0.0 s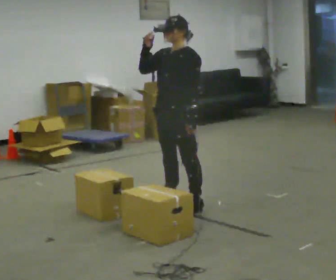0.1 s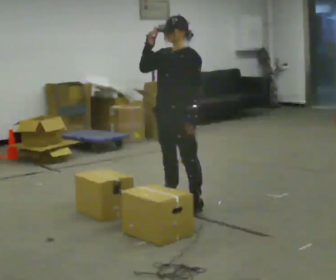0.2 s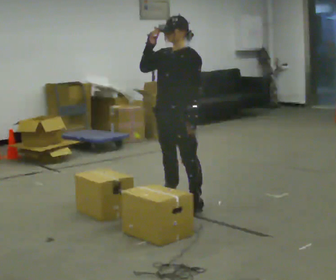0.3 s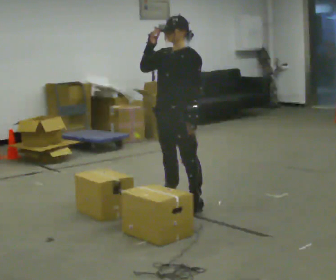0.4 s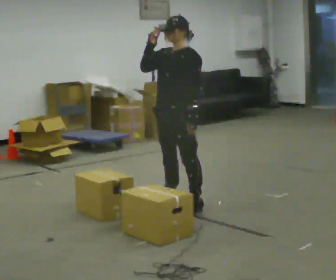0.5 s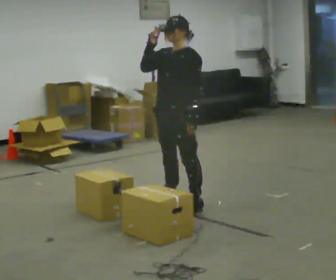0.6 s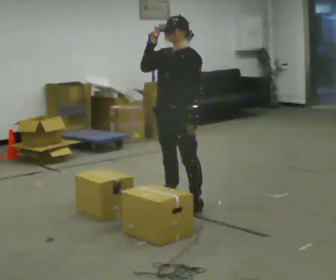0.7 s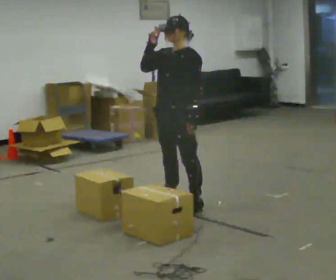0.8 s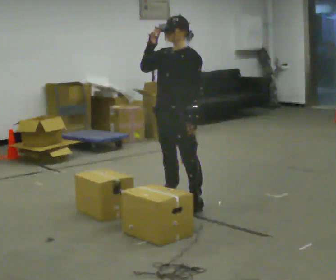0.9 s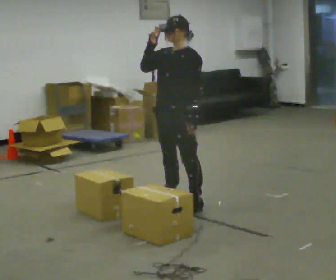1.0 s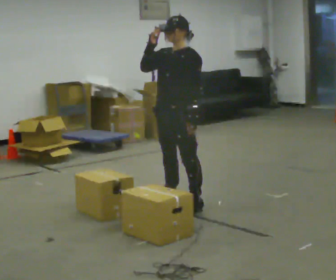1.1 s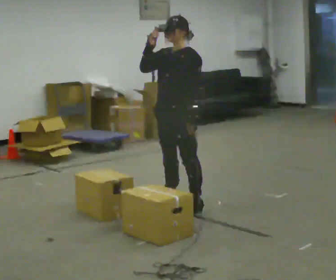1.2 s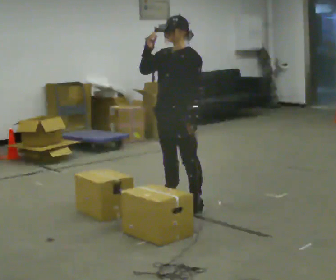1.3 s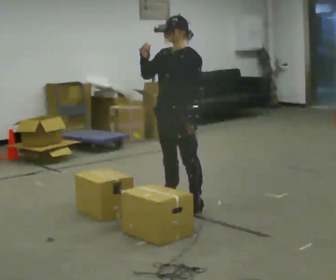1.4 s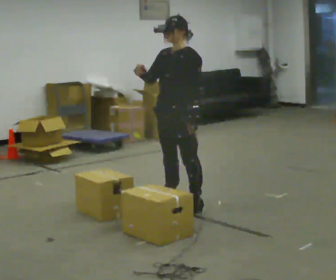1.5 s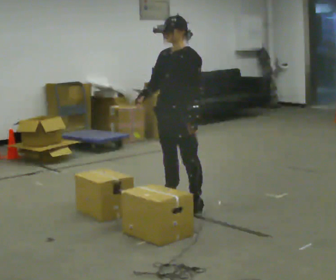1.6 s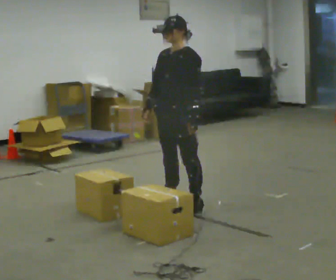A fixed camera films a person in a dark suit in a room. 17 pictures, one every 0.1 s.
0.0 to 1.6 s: In the picture their right hand goes downward.
The film runs forward here.
